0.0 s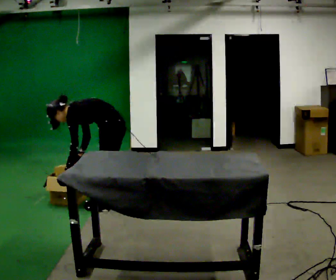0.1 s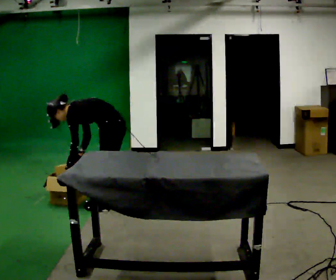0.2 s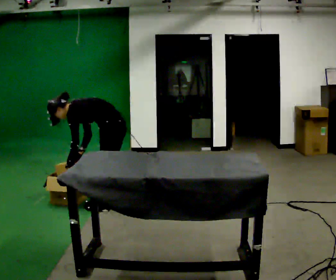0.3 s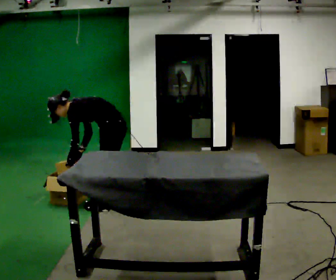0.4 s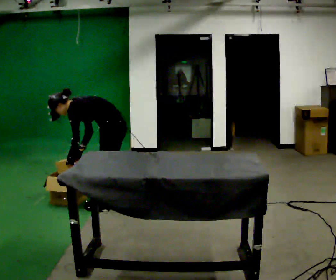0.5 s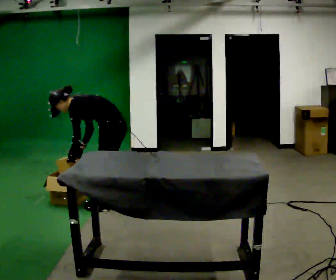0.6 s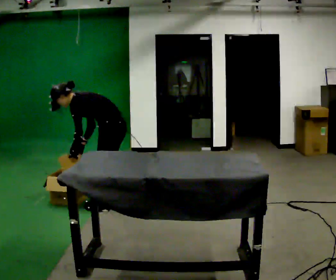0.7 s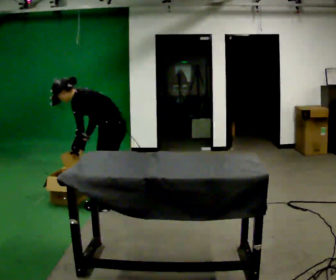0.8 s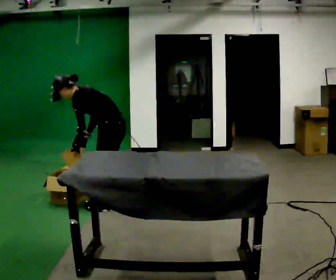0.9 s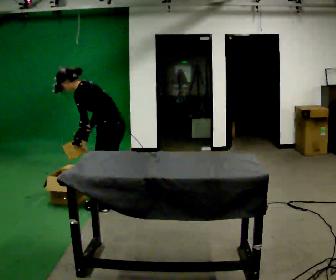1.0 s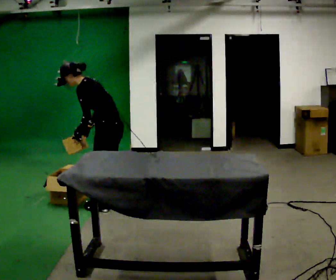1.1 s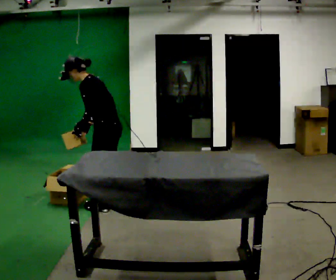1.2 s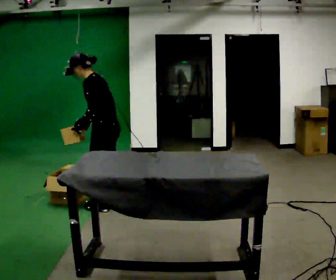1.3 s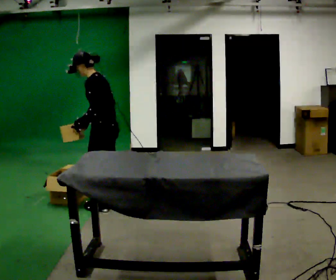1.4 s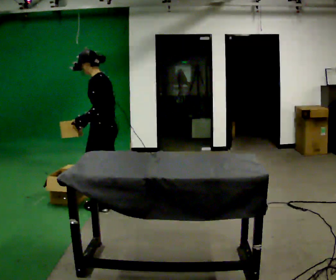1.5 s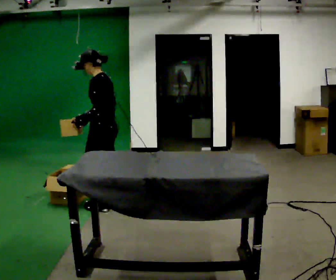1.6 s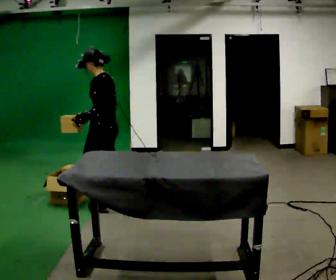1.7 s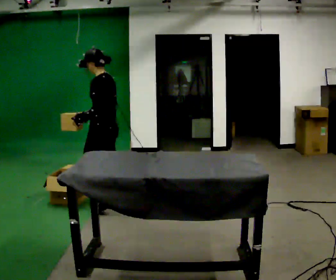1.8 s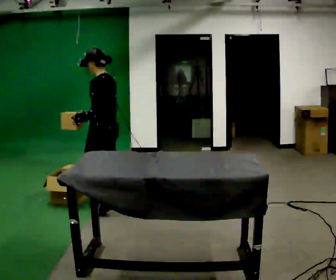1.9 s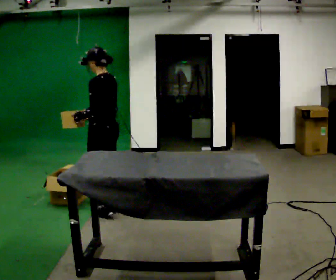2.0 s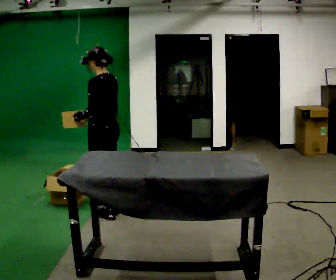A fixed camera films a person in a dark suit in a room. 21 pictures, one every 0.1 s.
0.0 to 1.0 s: The shoulders move upward. In the picture the upper body tilts clockwise, shoulders to the right, as they lean back or straighten.
1.0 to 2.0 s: In the picture the upper body tilts clockwise, shoulders to the right, as they lean back or straighten.
The film runs backward here.
